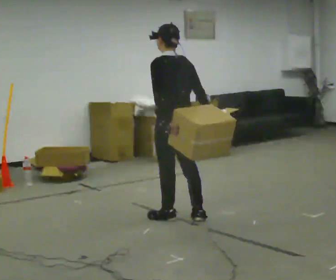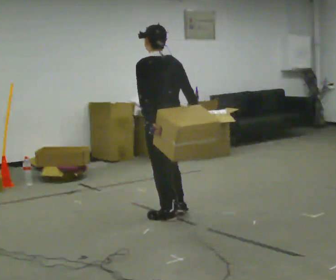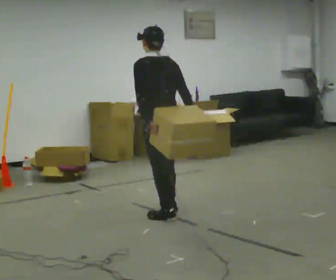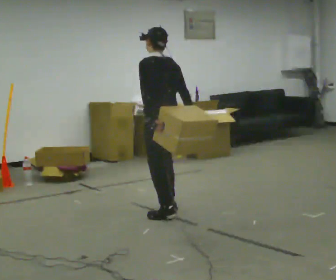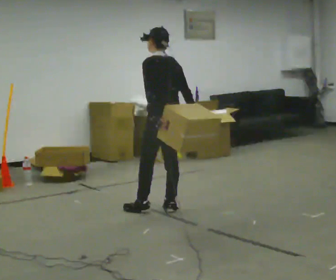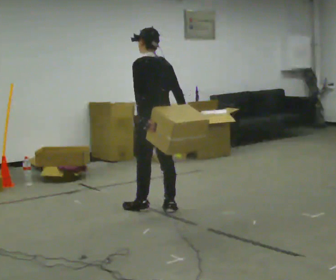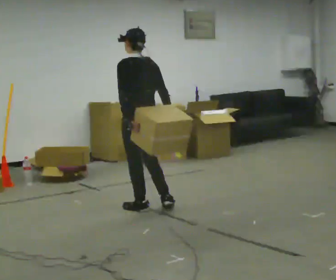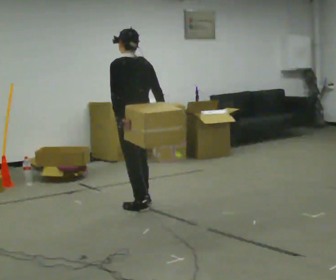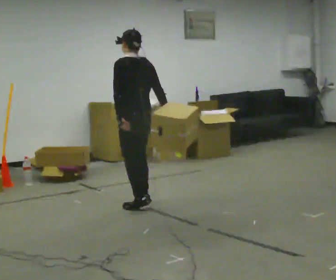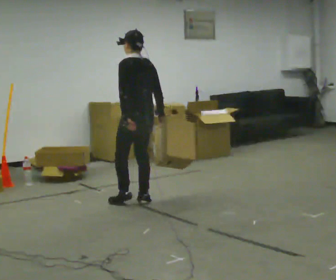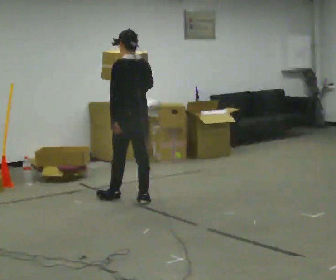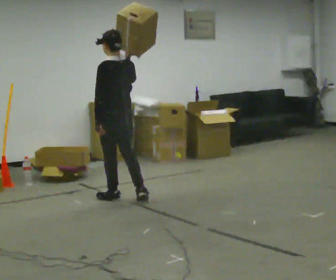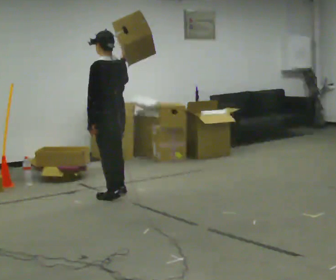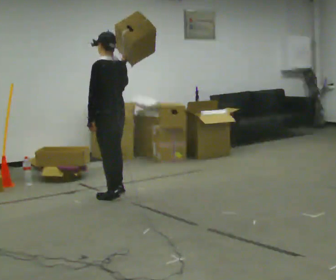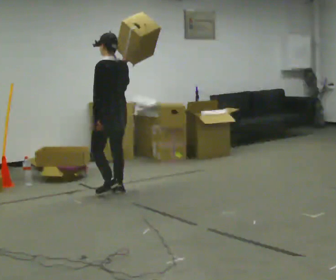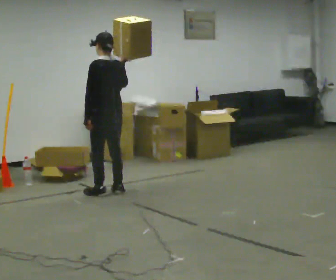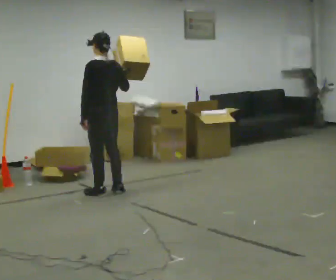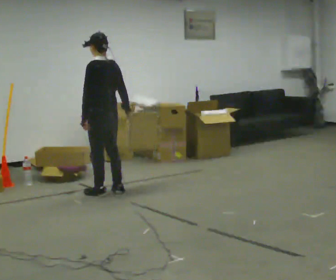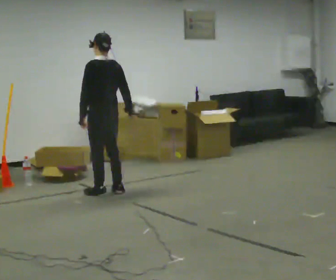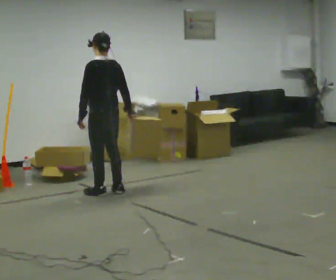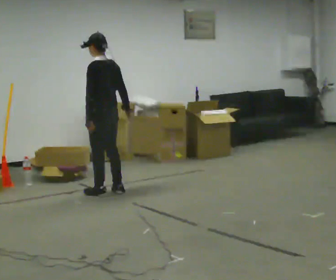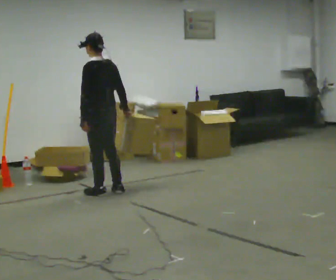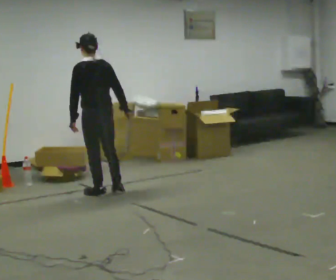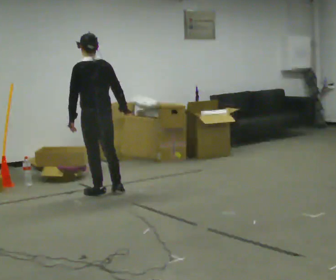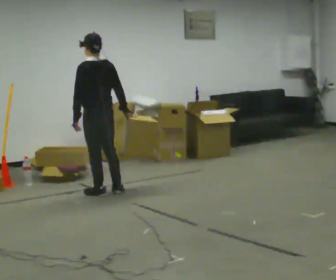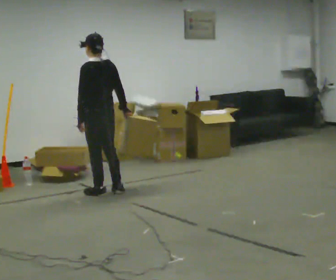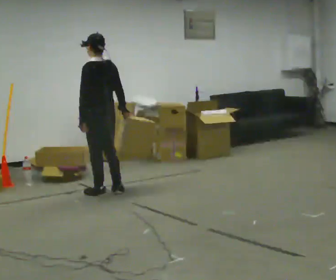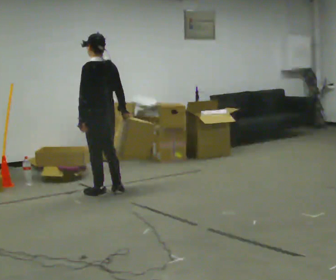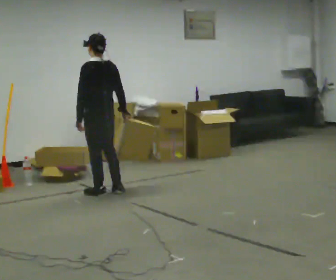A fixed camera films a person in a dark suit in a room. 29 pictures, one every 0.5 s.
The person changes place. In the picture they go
away from the camera.
0.0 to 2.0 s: In the picture they go away from the camera, about 0.25 m in 1 step, which for them is forward and to their right.
2.0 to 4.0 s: In the picture they go away from the camera and to the left, about 0.25 m in 2 steps, which for them is forward.
4.0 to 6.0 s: In the picture they go away from the camera and to the left, about 0.25 m in 1 step, which for them is forward. In the picture their right hand goes upward.
6.0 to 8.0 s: In the picture they go away from the camera, about 0.25 m in 2 steps, which for them is forward.
8.0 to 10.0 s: In the picture their right hand goes downward.
10.0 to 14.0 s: The person moves a little, or ends about where they began.
The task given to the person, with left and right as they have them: Carry the box and, while walking, shift it to a different hold: front, then hip, then shoulder, then back to front. Do not stop walking.
The film runs forward here.
